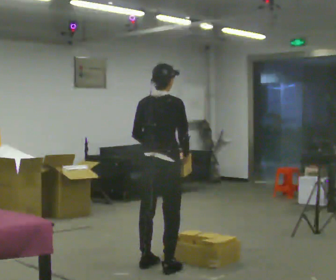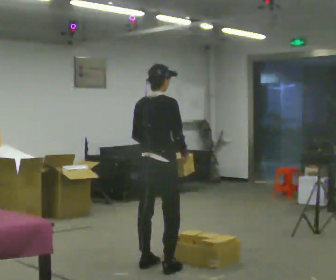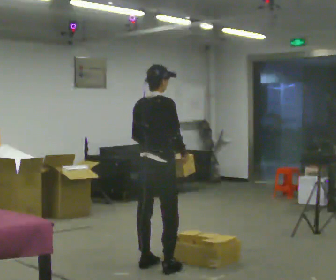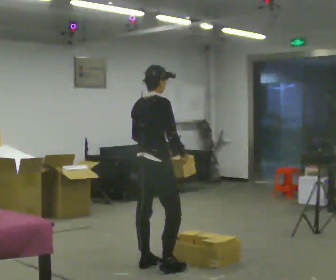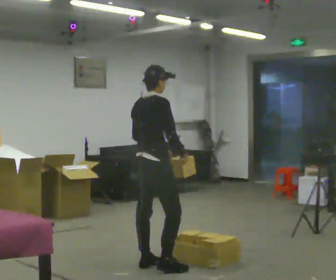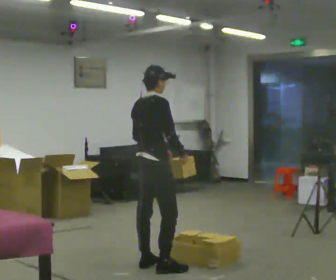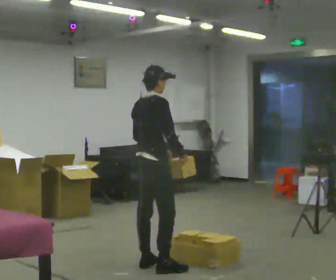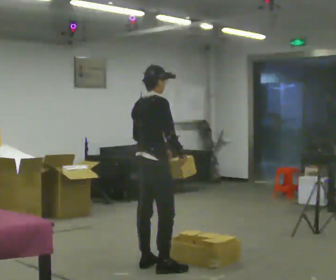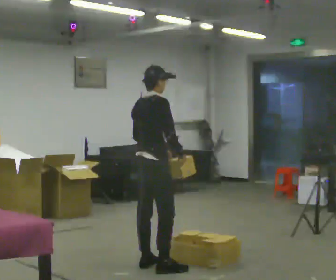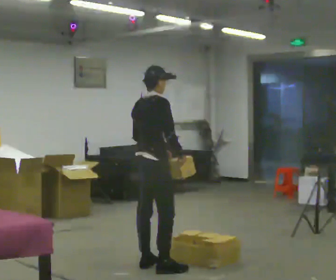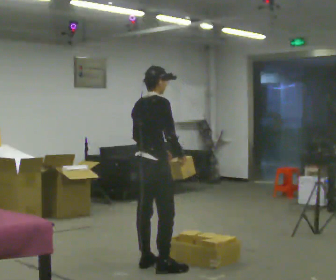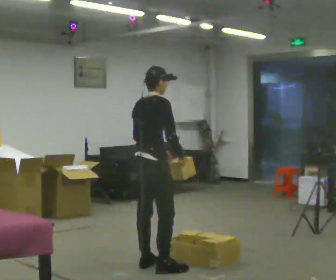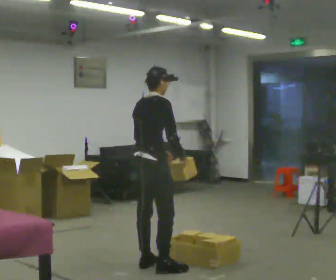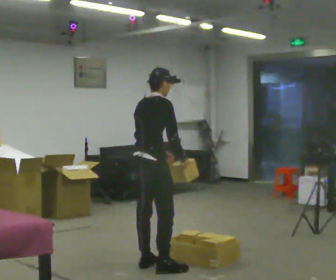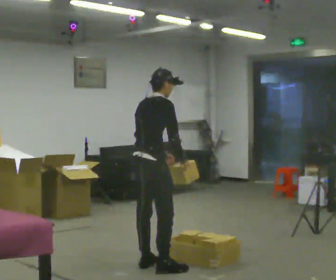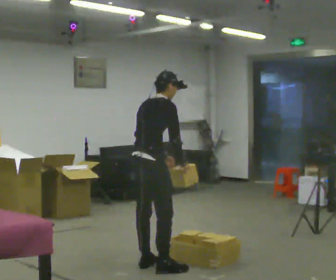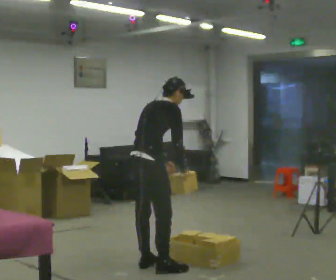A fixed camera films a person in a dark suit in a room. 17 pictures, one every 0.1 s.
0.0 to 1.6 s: In the picture the upper body tilts clockwise, shoulders to the right, as they bend forward.
The film runs backward here.
